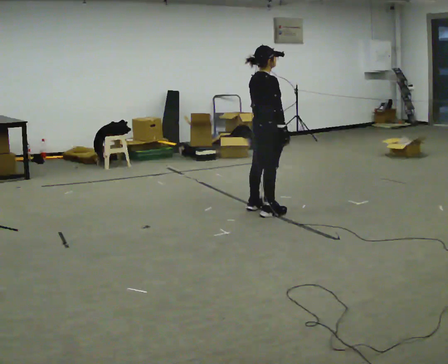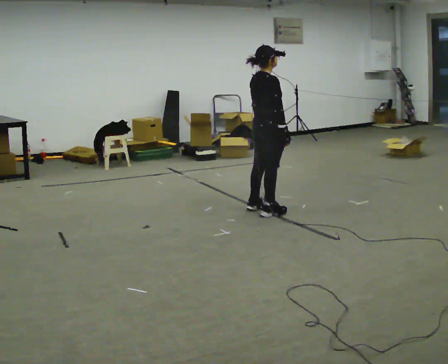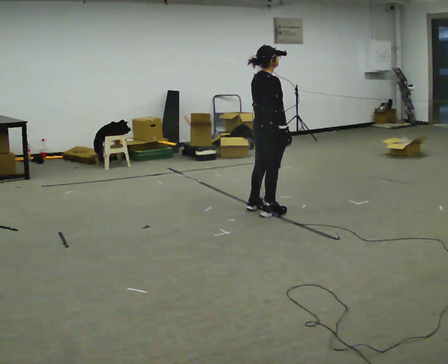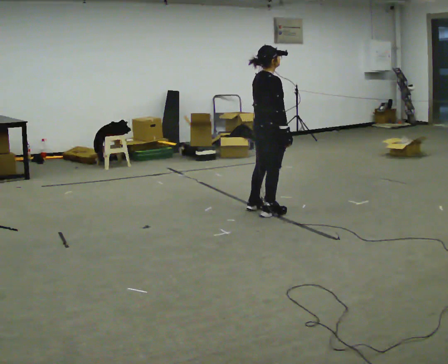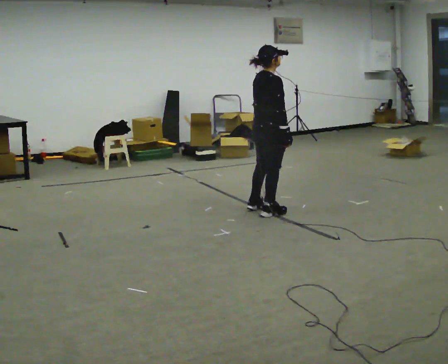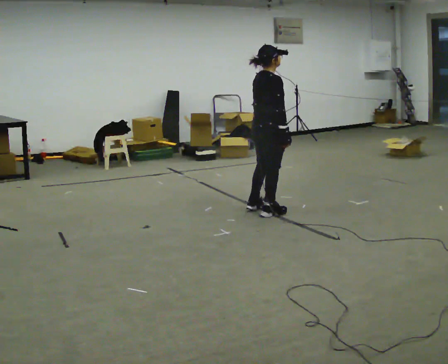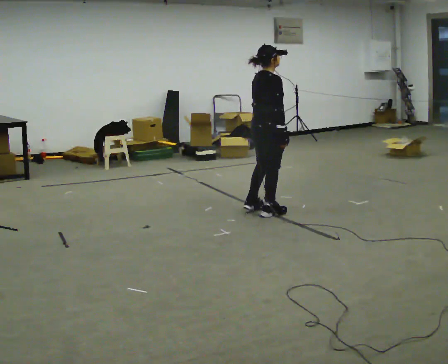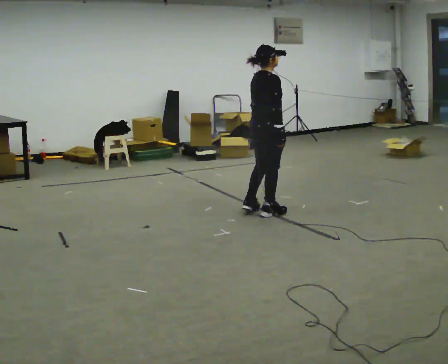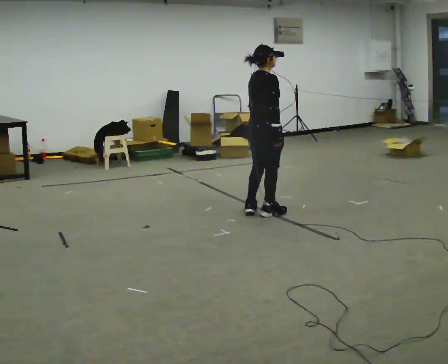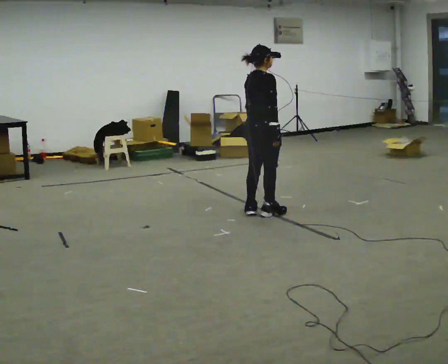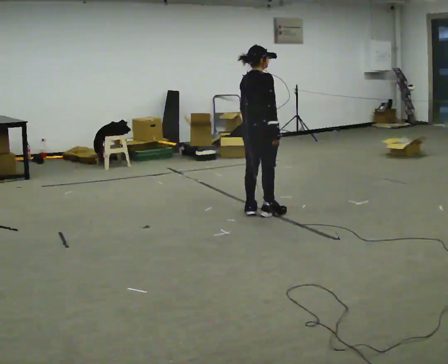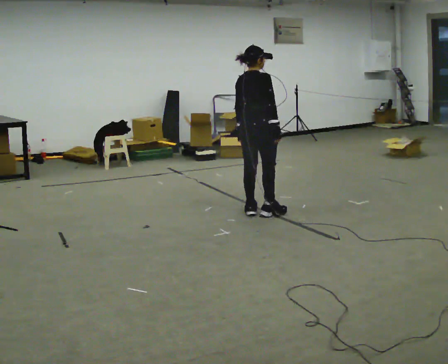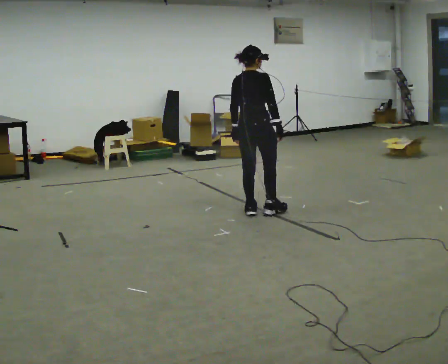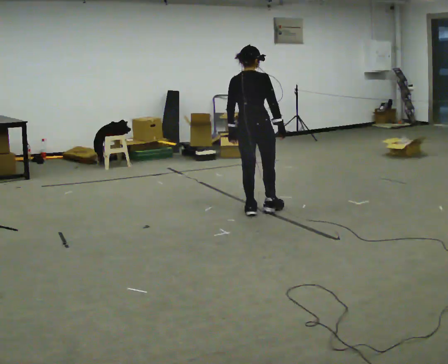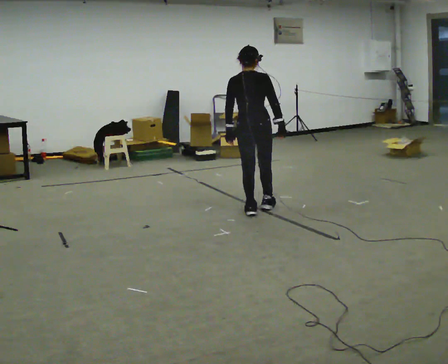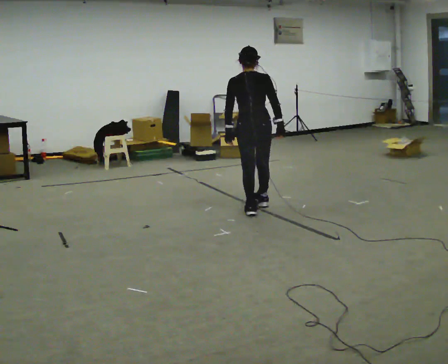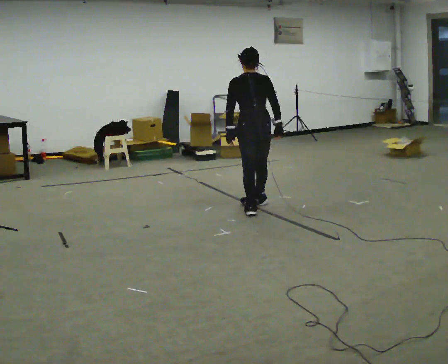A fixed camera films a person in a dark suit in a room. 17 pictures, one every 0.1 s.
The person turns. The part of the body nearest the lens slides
to the right.
The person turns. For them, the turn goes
to their left.
0.0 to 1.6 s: Seen from above the body turns counterclockwise, about 75 degrees: to their left, with its near side sliding to the right.
The film runs backward here.
